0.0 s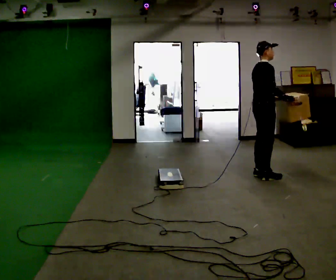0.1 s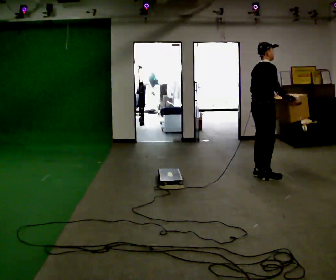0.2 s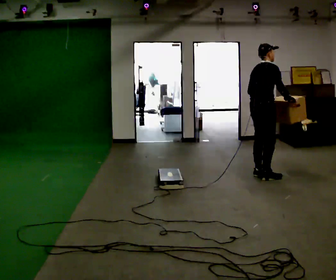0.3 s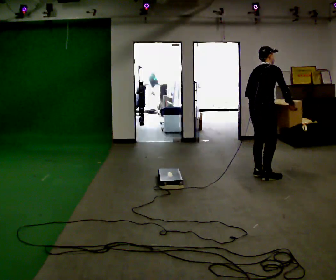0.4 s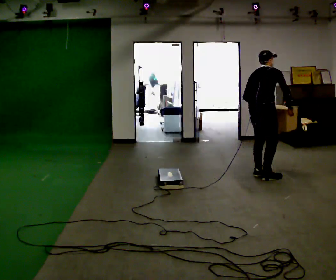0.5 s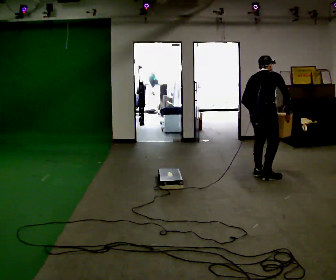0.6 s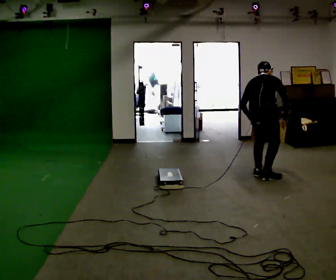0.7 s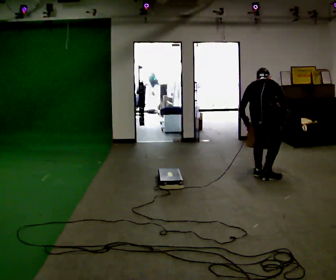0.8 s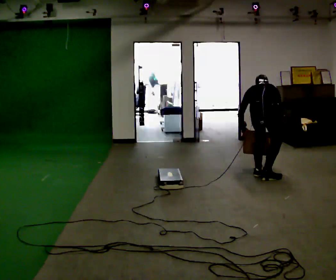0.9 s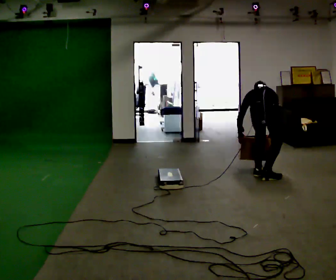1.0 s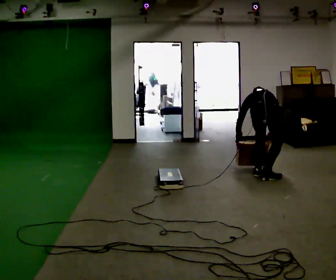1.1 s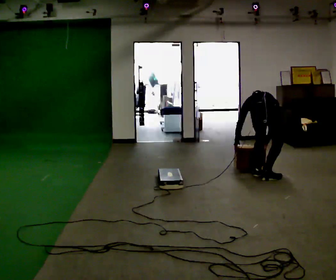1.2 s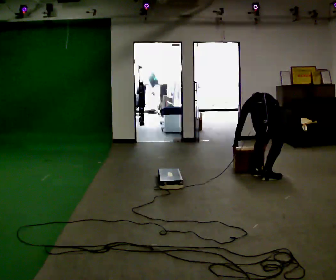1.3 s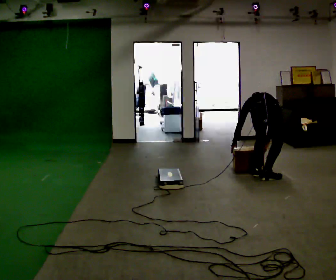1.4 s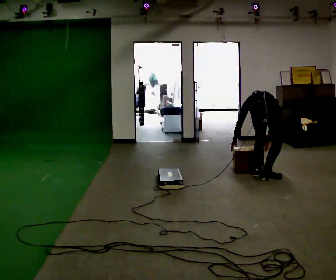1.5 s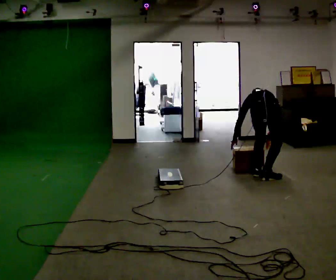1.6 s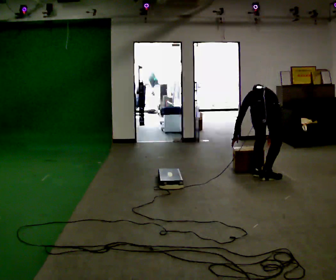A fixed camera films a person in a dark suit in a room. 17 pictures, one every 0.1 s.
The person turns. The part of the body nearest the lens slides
to the right.
The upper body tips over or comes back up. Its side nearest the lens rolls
upward.
0.0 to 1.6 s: Seen from above the body turns counterclockwise, about 75 degrees: to their left, with its near side sliding to the right. In the picture they go toward the camera, about 0.25 m. The shoulders move downward. The upper body tips away from the camera, its near side rolling upward, as they bend forward. In the picture their left hand goes downward and to the left, the arm swinging clockwise.
The film runs backward here.
